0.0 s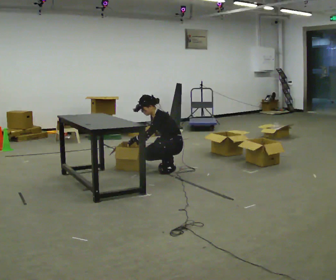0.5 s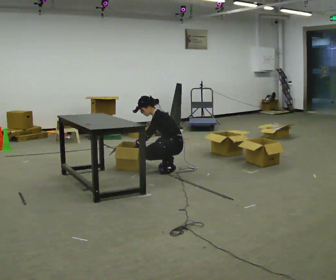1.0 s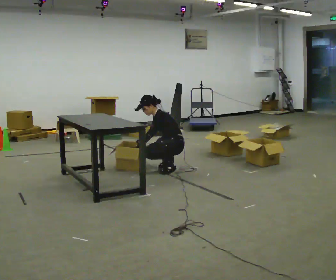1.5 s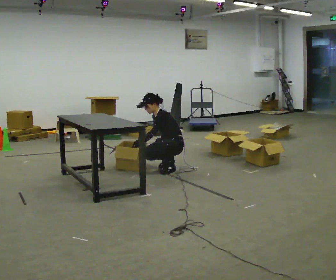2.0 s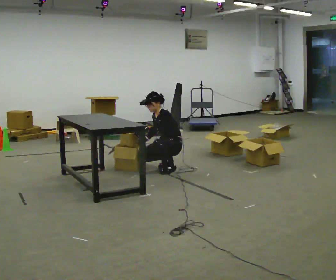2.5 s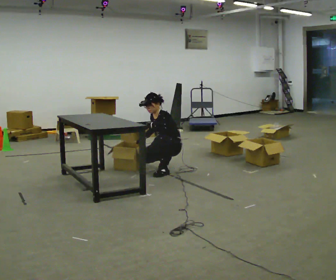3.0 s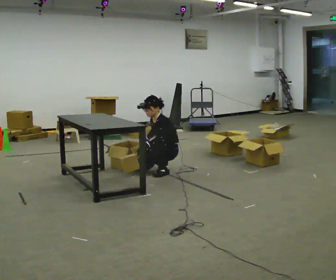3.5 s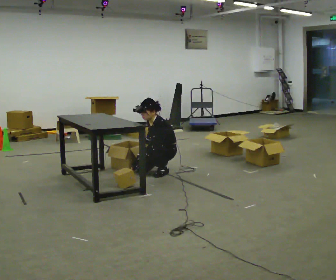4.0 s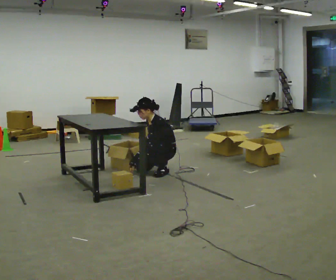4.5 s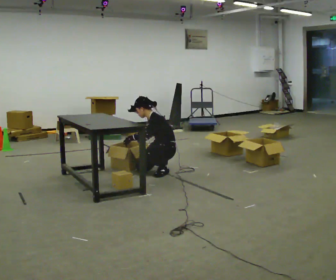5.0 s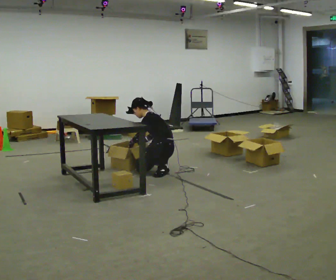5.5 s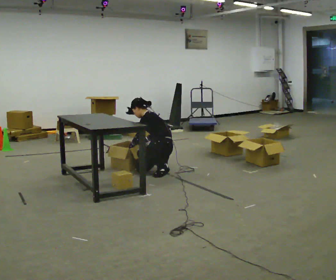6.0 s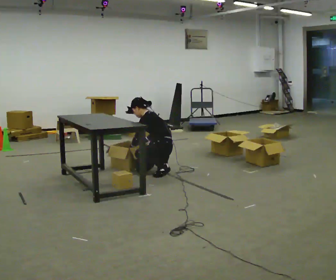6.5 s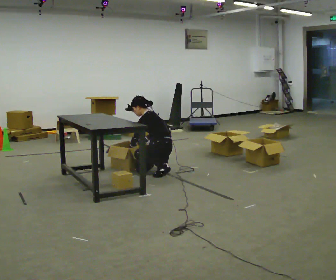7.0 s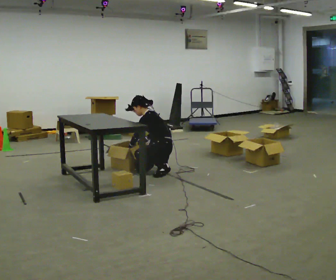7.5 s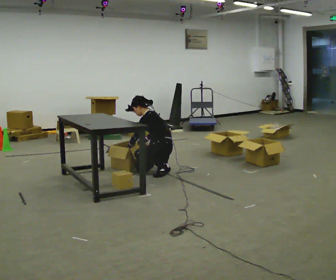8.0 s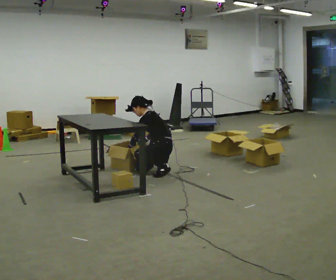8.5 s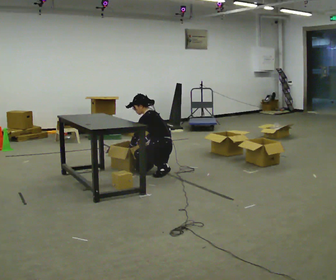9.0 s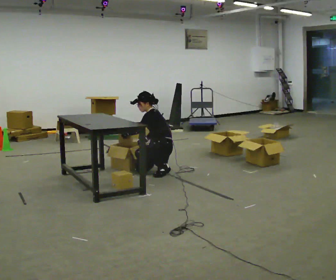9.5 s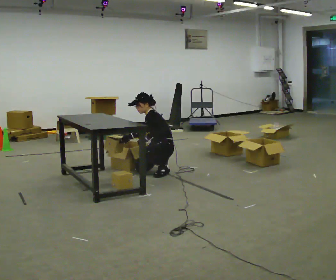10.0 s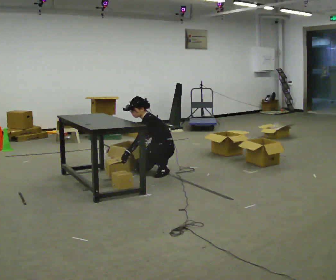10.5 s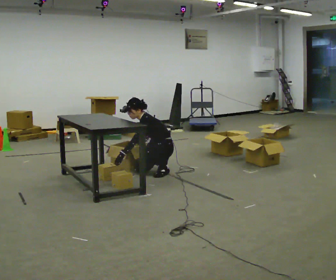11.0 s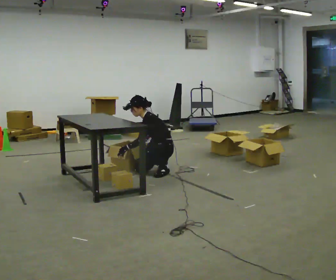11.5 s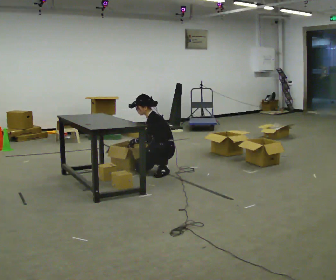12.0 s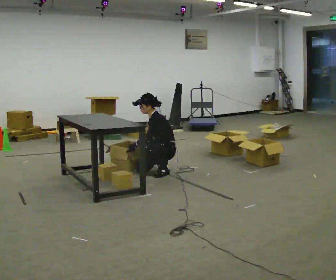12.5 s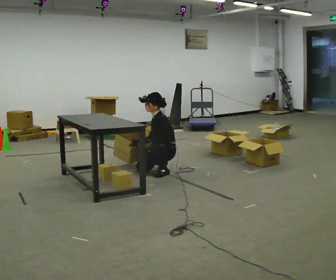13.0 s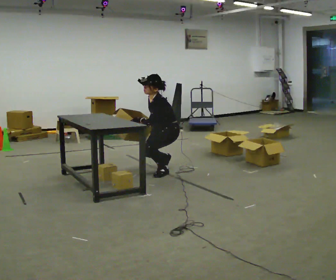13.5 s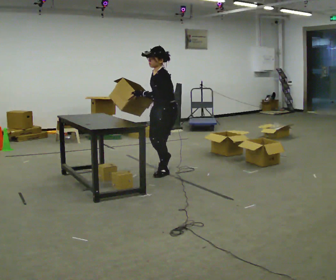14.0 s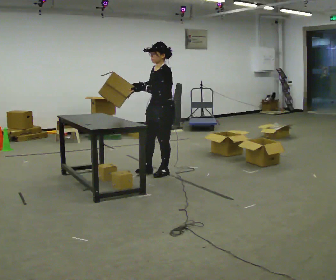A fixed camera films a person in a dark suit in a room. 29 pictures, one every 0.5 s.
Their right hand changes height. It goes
upward.
0.0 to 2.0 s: The person moves a little, or ends about where they began.
2.0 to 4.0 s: In the picture they go toward the camera, about 0.25 m, which for them is forward. The upper body tips toward the camera, its near side rolling downward, as they bend forward.
4.0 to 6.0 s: The upper body tips away from the camera, its near side rolling upward.
6.0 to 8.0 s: The person moves a little, or ends about where they began.
8.0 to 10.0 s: The upper body tips toward the camera, its near side rolling downward.
10.0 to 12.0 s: The person moves a little, or ends about where they began.
12.0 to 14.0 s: The shoulders move upward. In the picture their right hand goes upward.
The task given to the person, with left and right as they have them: 1. Take everything out of the crates by the door. 2. Put the small items on the middle shelf. 3. Put the large items on the bottom shelf. 4. Stack the empty crates by the door. 5. Tell the operator when you are finished.
The film runs forward here.
